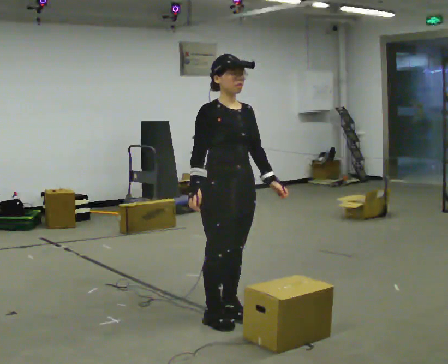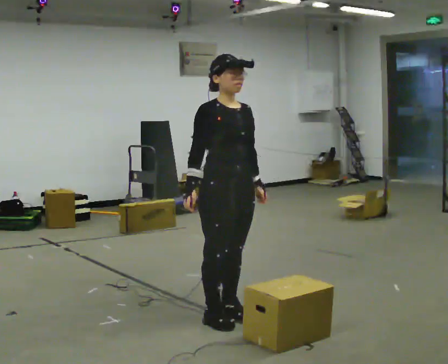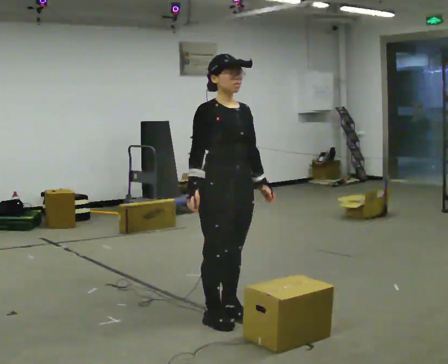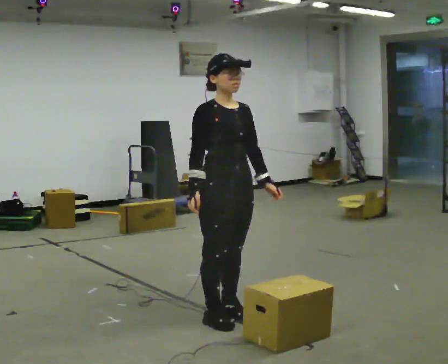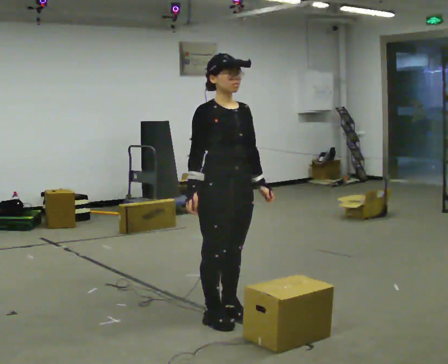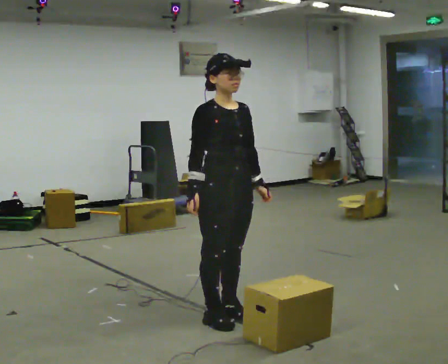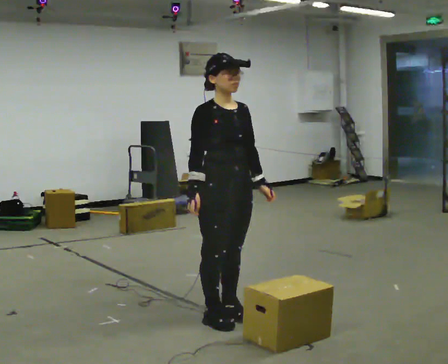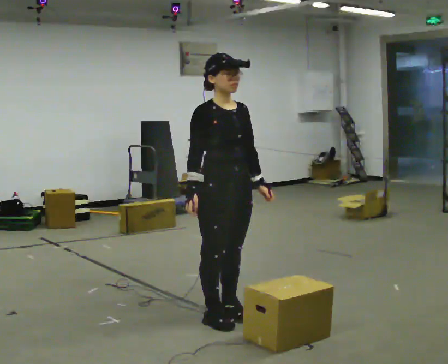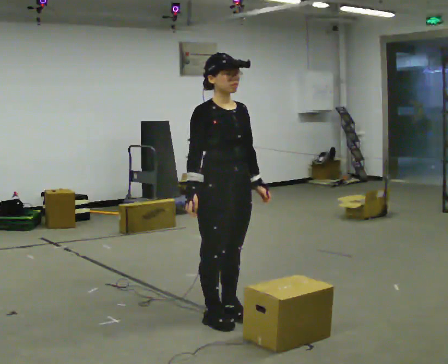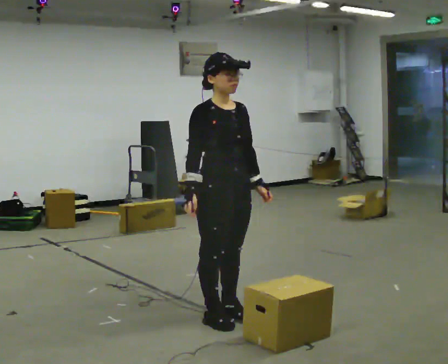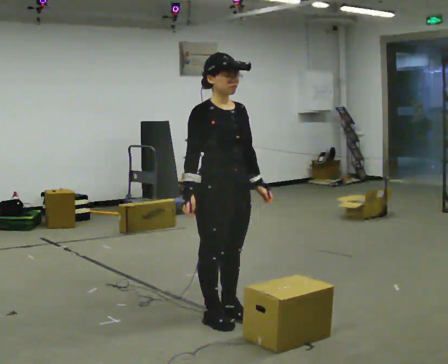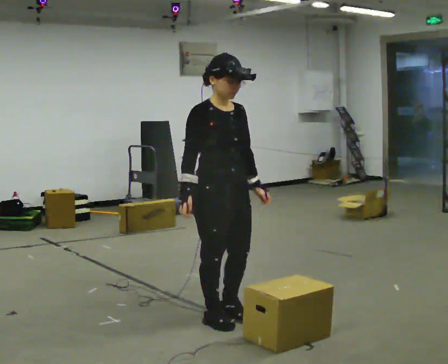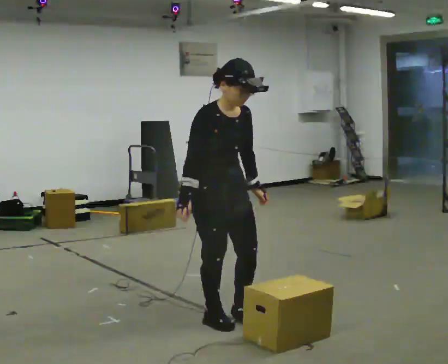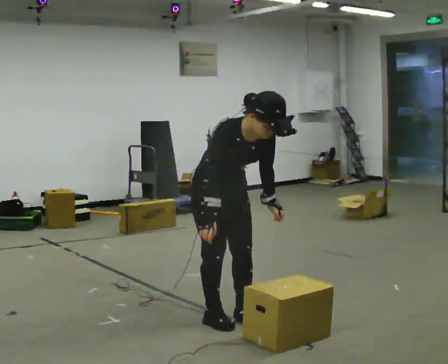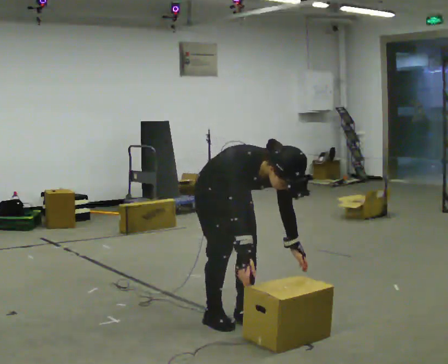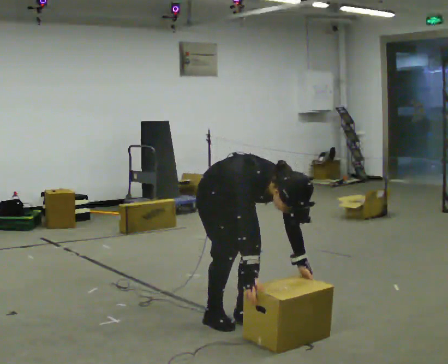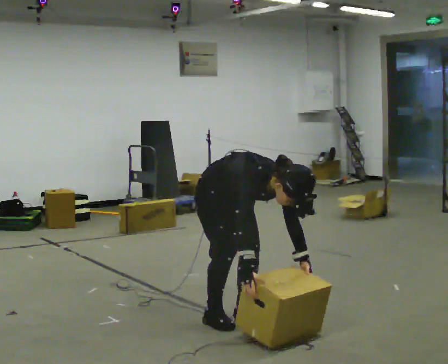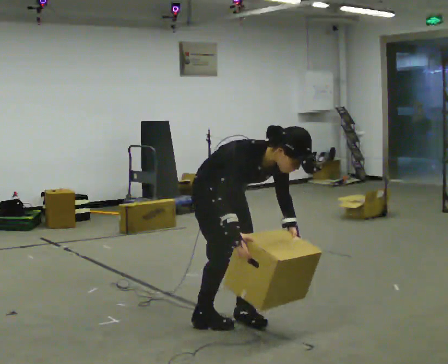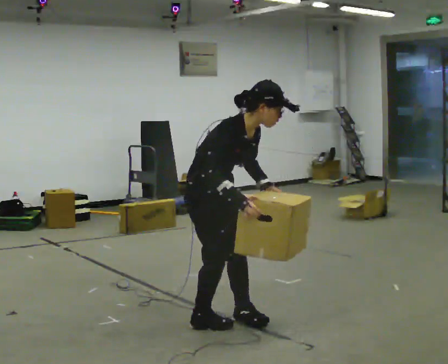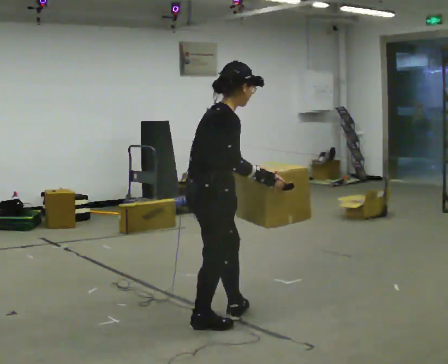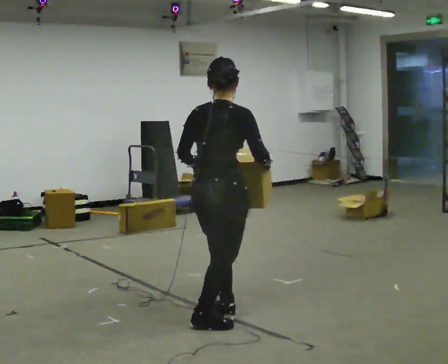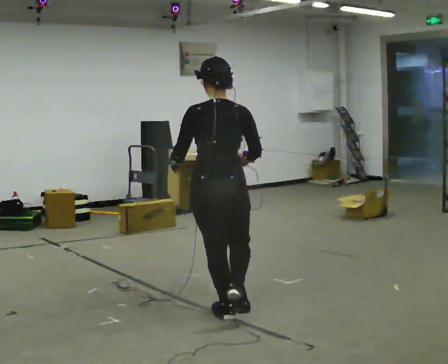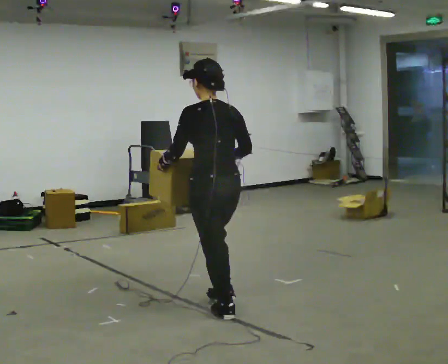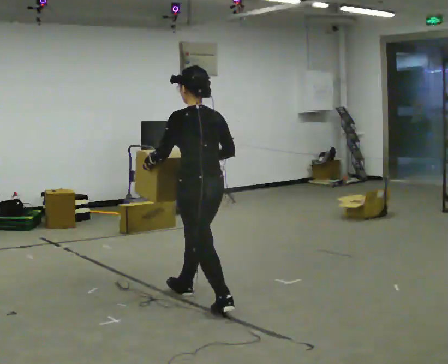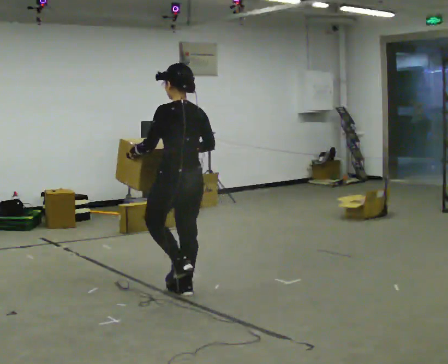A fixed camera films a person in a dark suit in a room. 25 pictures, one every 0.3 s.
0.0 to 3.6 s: The person moves a little, or ends about where they began.
3.6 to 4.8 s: The upper body goes downward. In the picture the upper body tilts clockwise, shoulders to the right, as they bend forward. In the picture their left hand goes downward and to the right.
4.8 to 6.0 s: Seen from above the body turns counterclockwise, about 105 degrees: to their left, with its near side sliding to the right. The shoulders move upward. The upper body tips away from the camera, its near side rolling upward, as they lean back or straighten. In the picture their right hand goes upward, the arm swinging counterclockwise.
6.0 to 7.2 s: Seen from above the body turns counterclockwise, about 75 degrees: to their left, with its near side sliding to the right. In the picture they go away from the camera and to the left, about 0.75 m in 1 step.
The film runs forward here.
